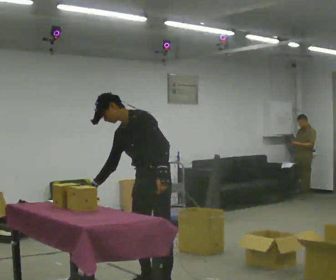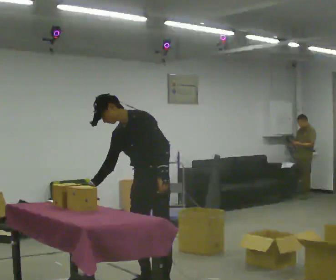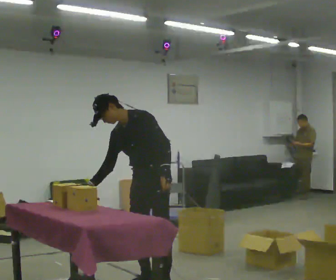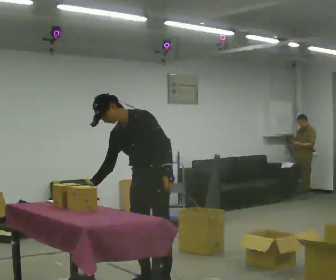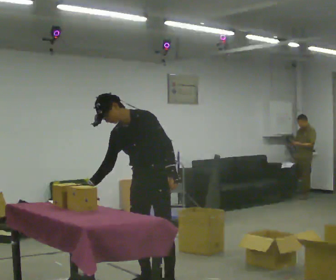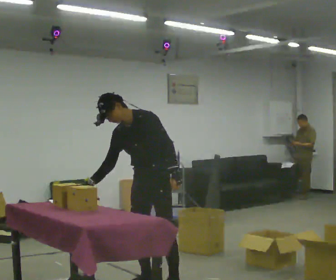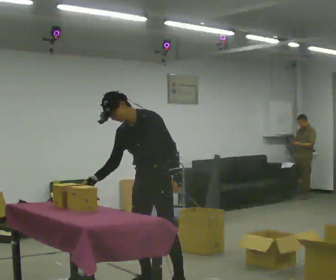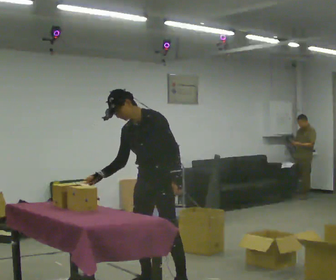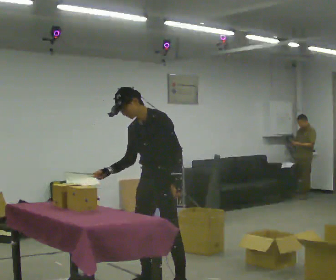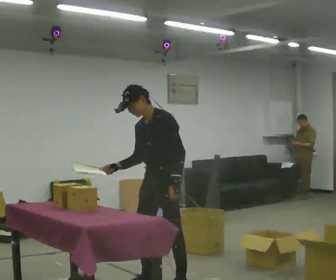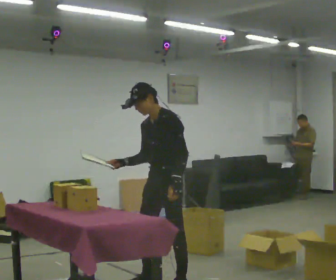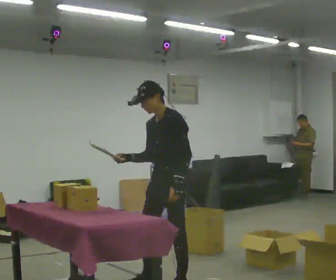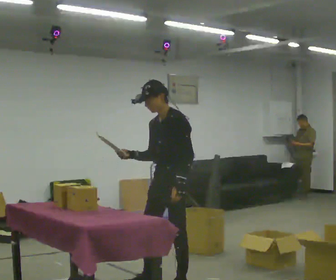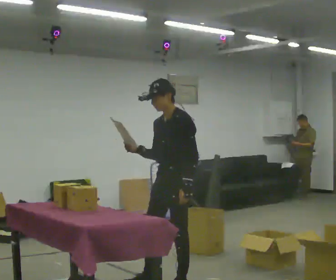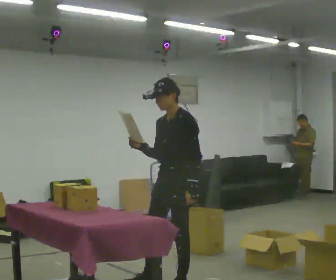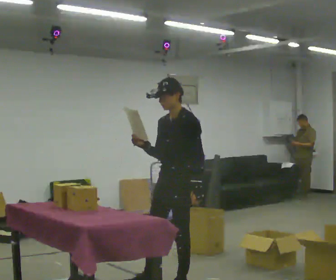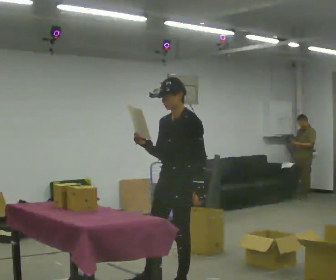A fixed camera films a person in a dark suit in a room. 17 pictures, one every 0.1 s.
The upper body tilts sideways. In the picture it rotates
clockwise.
0.0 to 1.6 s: In the picture they go to the right, about 0.25 m, which for them is to their left. In the picture the upper body tilts clockwise, shoulders to the right, as they lean back or straighten. In the picture their right hand goes to the right and upward.
The film runs forward here.
